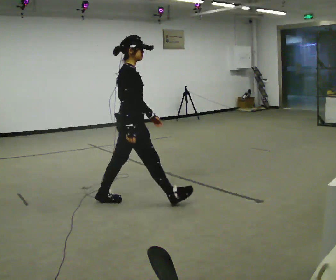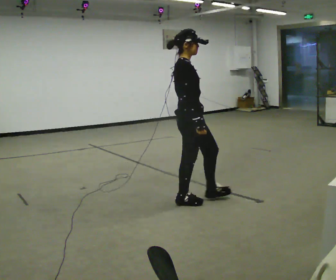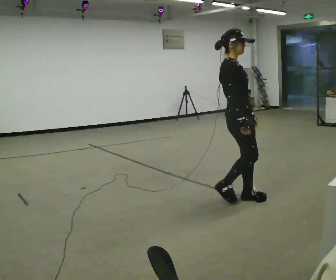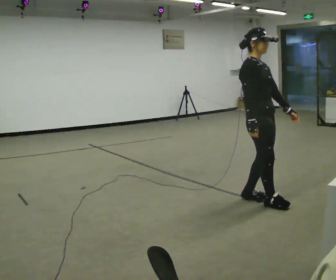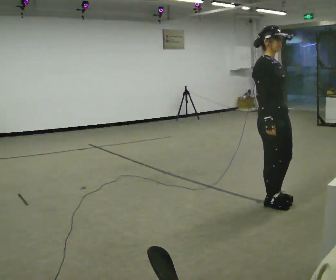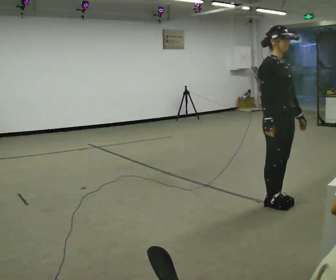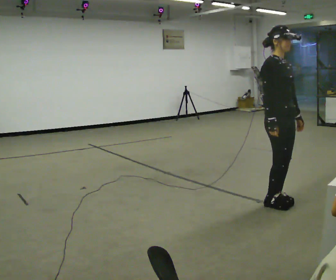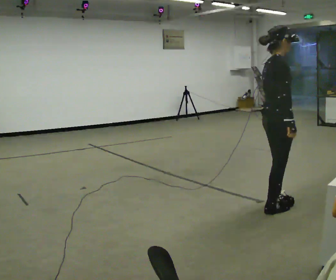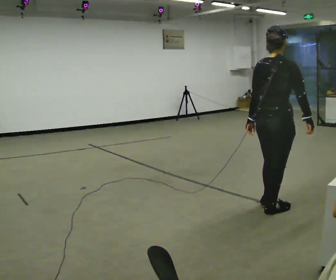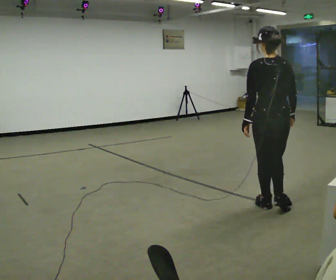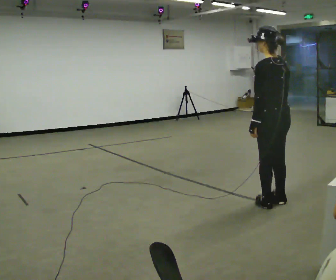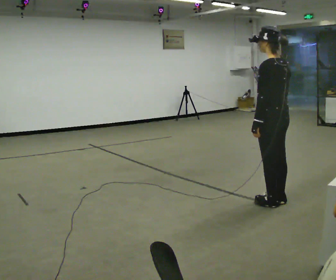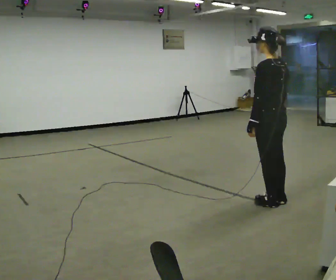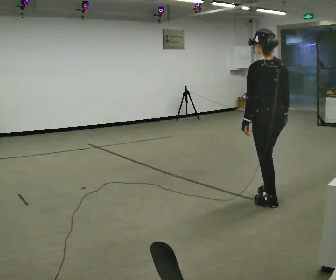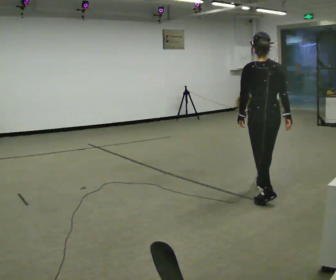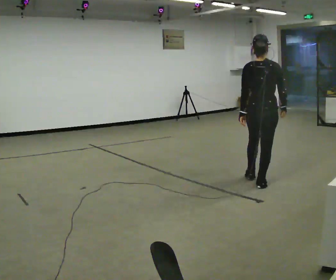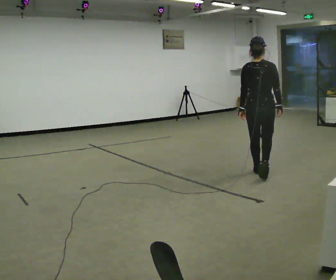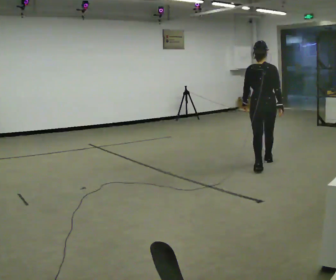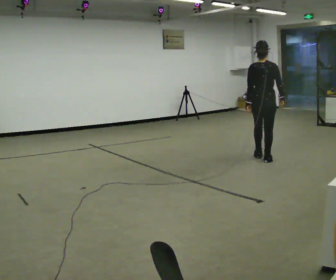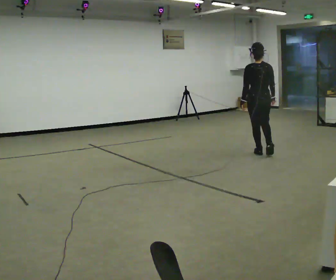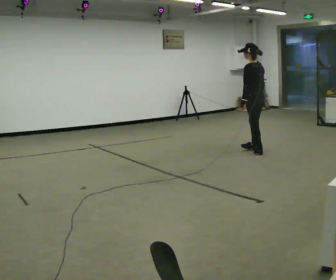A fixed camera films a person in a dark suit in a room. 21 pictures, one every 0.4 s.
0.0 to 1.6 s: Seen from above the body turns clockwise, about 45 degrees: to their right, with its near side sliding to the left. In the picture they go to the right, about 1.5 m in 3 steps, which for them is forward.
1.6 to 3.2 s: Seen from above the body turns counterclockwise, about 90 degrees: to their left, with its near side sliding to the right. In the picture their right hand goes to the right.
3.2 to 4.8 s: The part of the body nearest the lens slides to the right as the person turns to their left by about 90 degrees. In the picture they go away from the camera, about 0.25 m in 2 steps.
4.8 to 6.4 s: The part of the body nearest the lens slides to the left as the person turns to their right by about 60 degrees. In the picture they go away from the camera, about 1 m in 2 steps, which for them is forward.
6.4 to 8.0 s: The person turns about 60 degrees to their left, counterclockwise seen from above, so the part of the body nearest the lens slides to the right. In the picture they go away from the camera, about 1 m in 3 steps.
The film runs forward here.
